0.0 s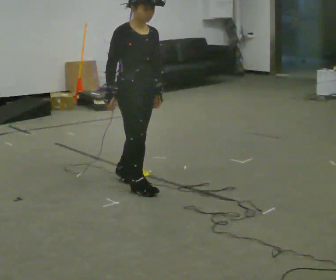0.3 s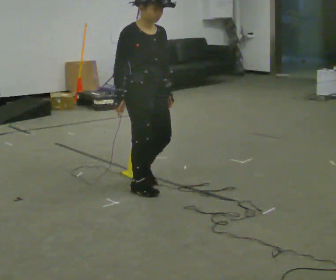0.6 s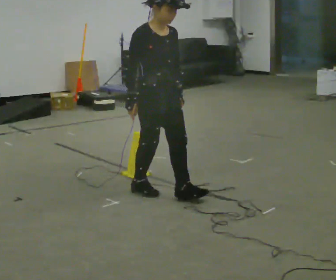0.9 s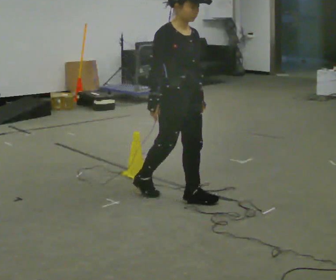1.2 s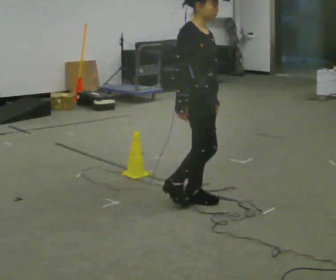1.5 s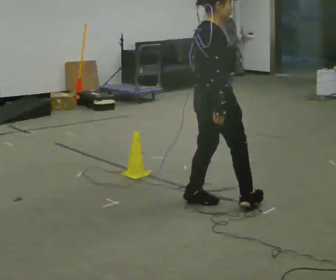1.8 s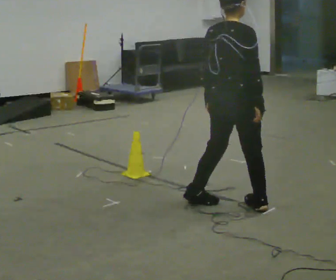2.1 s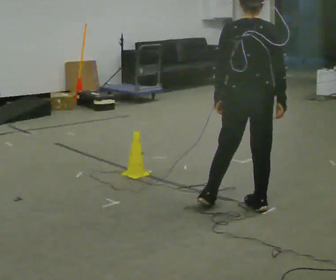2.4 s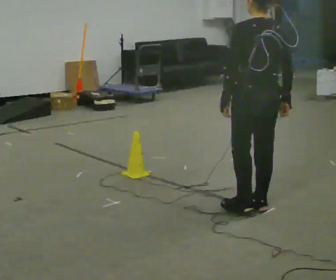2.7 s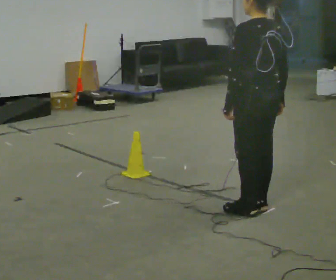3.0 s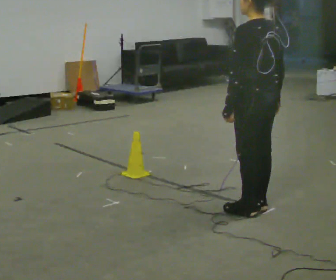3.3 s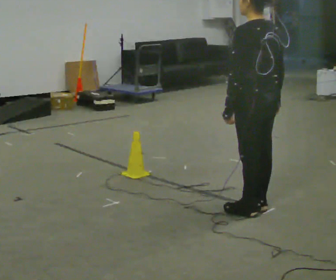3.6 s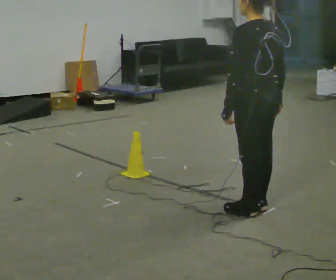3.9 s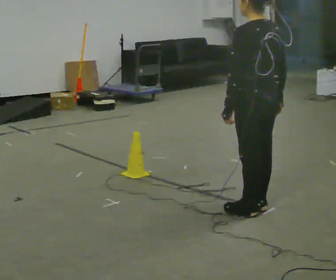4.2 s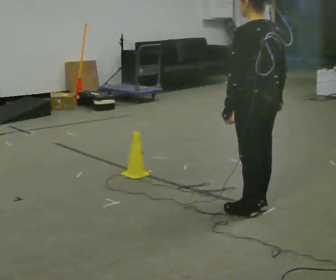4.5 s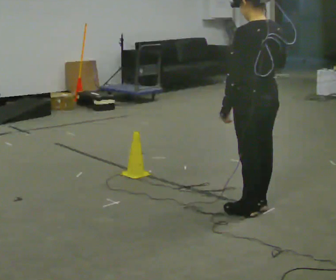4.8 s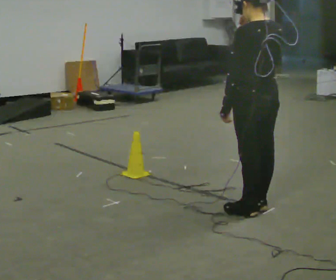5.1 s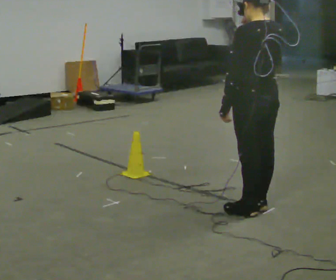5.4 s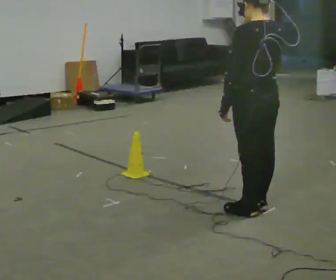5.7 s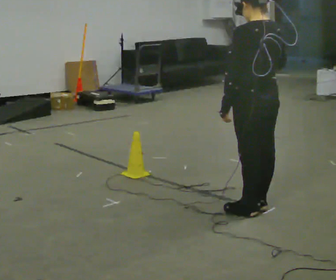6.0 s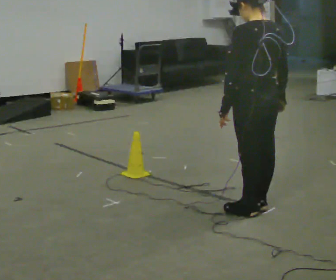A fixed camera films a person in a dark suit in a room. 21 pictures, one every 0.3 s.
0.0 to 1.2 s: The person turns about 30 degrees to their left, counterclockwise seen from above, so the part of the body nearest the lens slides to the right. In the picture they go to the right and toward the camera, about 0.5 m in 1 step, which for them is forward.
1.2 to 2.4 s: The person turns about 135 degrees to their left, counterclockwise seen from above, so the part of the body nearest the lens slides to the right. In the picture they go to the right, about 0.5 m in 2 steps.
2.4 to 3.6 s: The person moves a little, or ends about where they began.
3.6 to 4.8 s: In the picture their right hand goes upward.
4.8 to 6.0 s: In the picture their right hand goes downward.
The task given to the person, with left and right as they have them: Walk back and forth across the room at a normal pace, looking ahead. There may be something on the floor. Recover however comes naturally and carry on.
The film runs forward here.
